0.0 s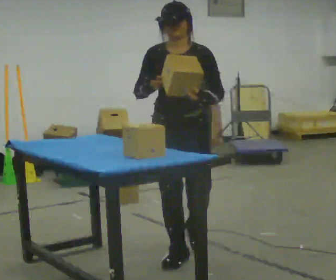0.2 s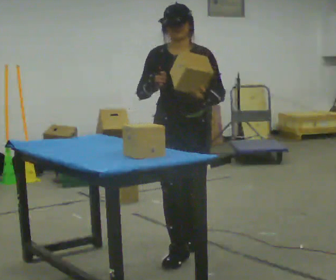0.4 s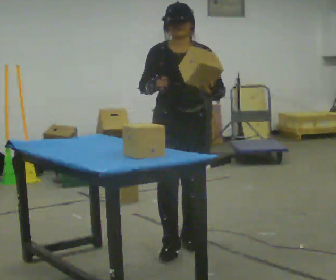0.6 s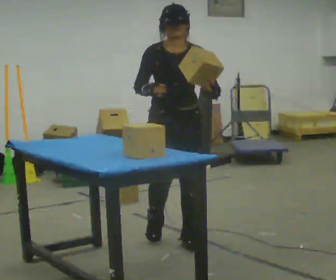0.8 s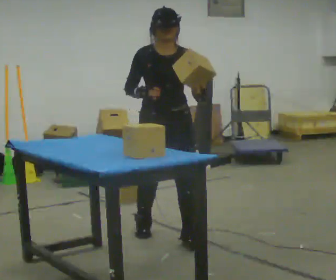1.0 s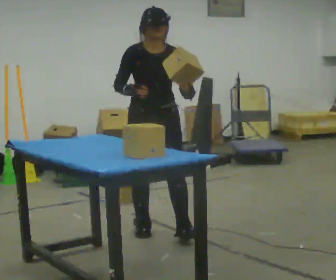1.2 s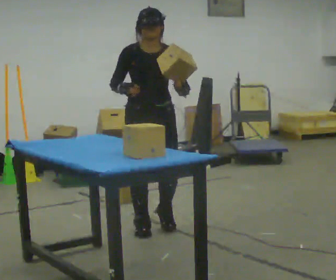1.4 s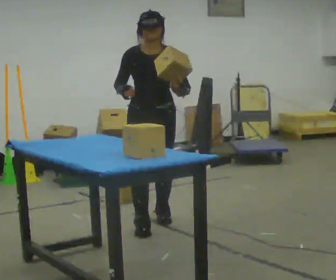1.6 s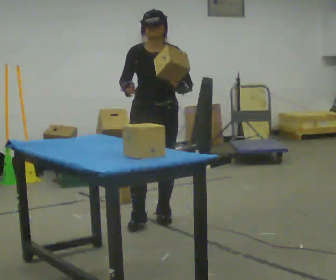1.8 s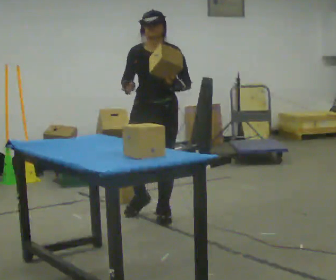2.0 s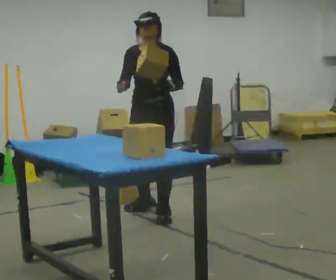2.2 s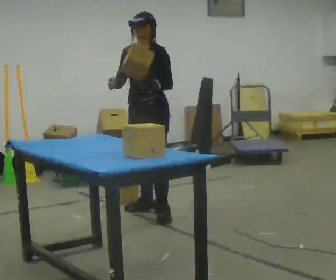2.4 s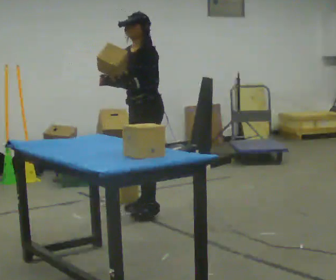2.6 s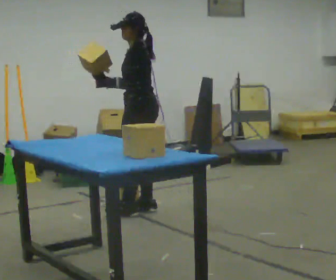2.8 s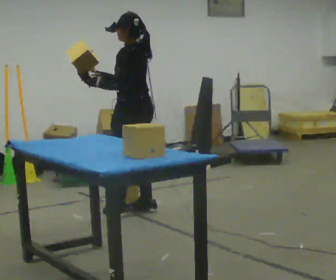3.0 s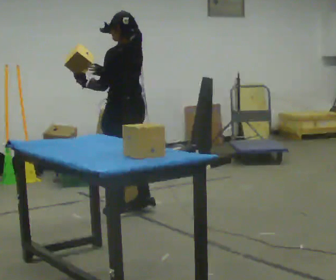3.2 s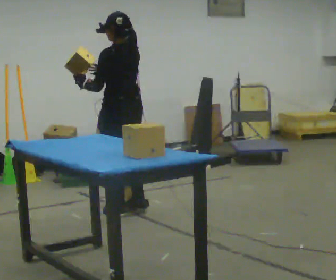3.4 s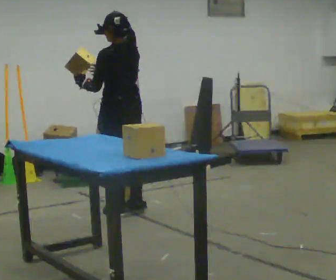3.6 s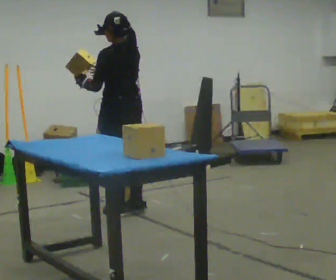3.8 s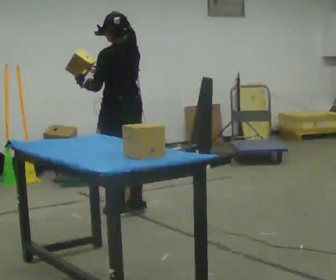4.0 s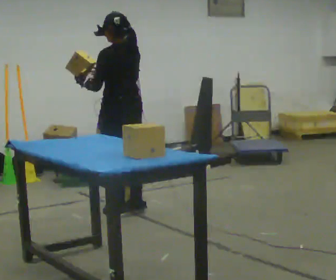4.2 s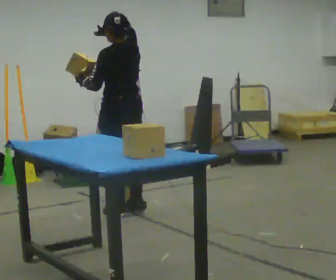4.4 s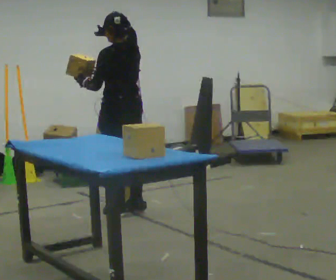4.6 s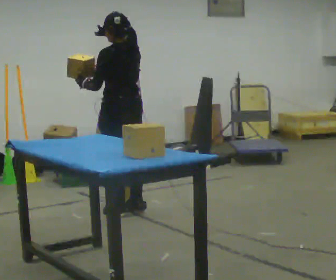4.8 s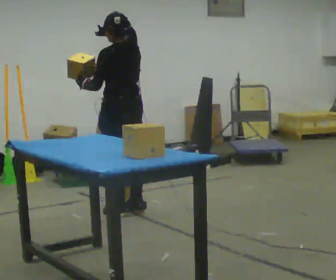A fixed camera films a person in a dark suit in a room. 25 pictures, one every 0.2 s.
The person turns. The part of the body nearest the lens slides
to the left.
The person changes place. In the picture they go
away from the camera.
0.0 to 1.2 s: In the picture they go away from the camera, about 0.75 m in 2 steps, which for them is backward.
1.2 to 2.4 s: The person turns about 75 degrees to their right, clockwise seen from above, so the part of the body nearest the lens slides to the left. In the picture they go away from the camera, about 0.5 m in 2 steps.
2.4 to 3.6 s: The part of the body nearest the lens slides to the left as the person turns to their right by about 75 degrees. In the picture they go to the left, about 0.25 m. In the picture their left hand goes to the left.
3.6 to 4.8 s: The person keeps their place and pose.
The film runs backward here.
